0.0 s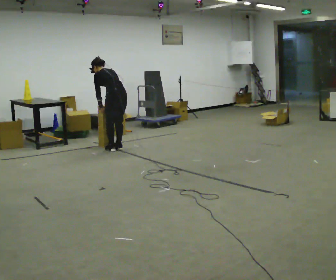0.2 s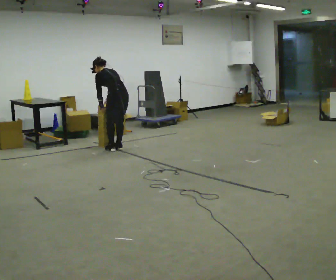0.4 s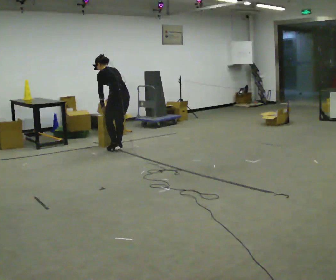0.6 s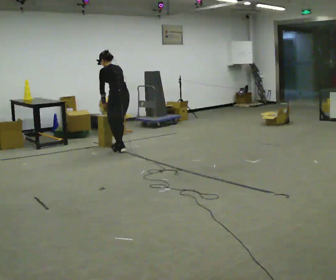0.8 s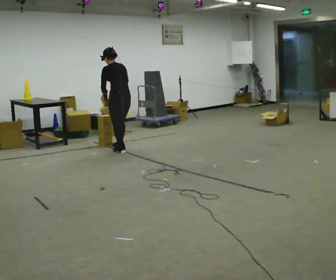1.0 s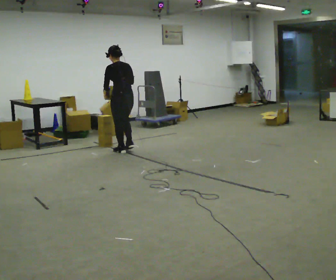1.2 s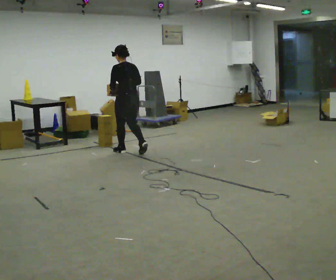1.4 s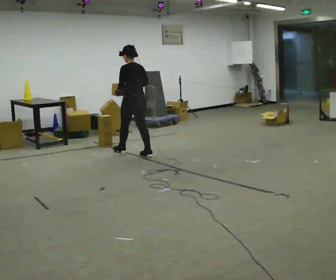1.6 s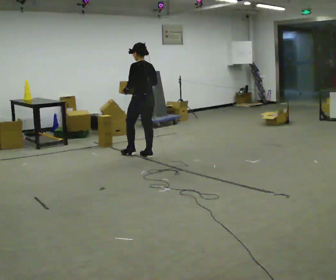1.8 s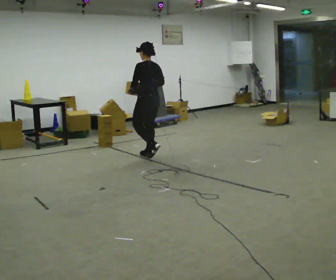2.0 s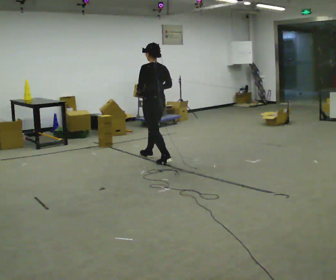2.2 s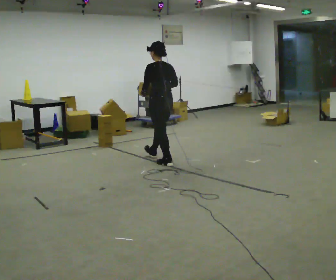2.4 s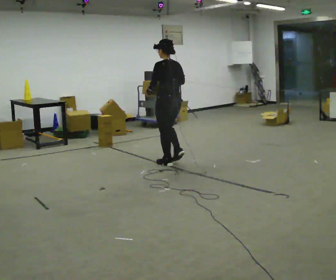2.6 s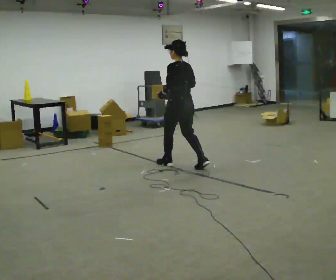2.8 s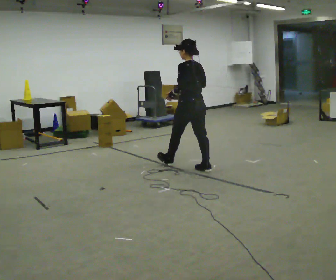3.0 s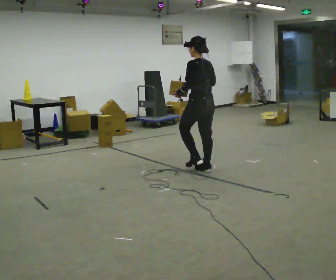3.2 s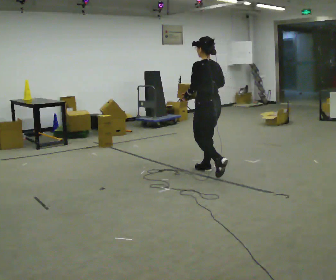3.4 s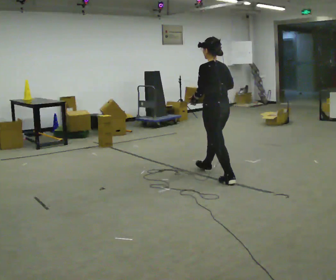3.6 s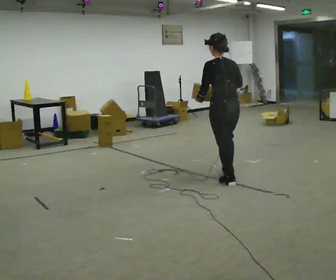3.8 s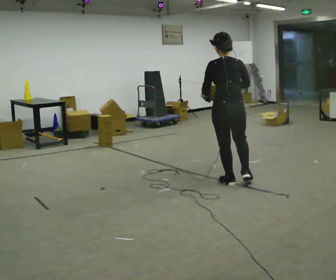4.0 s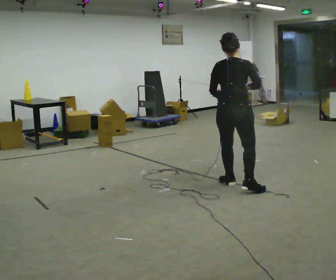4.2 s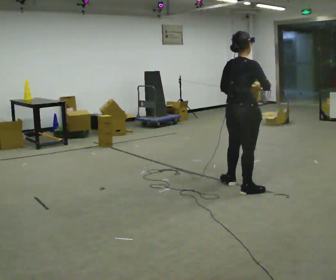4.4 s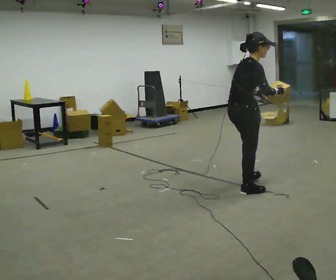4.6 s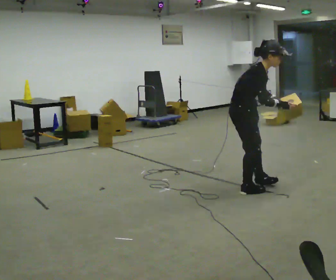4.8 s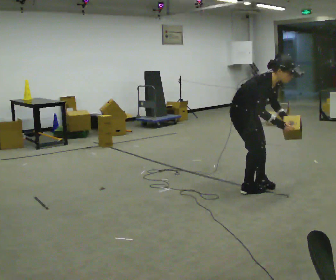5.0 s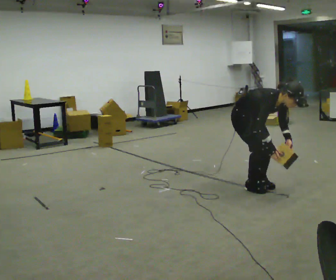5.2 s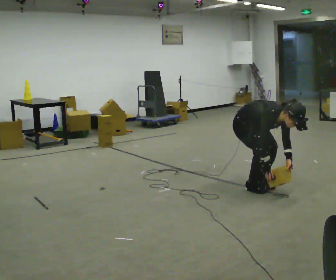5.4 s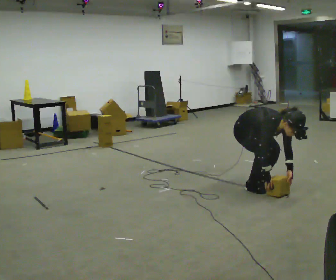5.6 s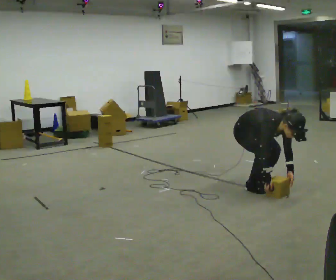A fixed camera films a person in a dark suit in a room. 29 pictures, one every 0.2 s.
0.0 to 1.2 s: In the picture they go toward the camera and to the right, about 0.25 m in 2 steps, which for them is backward. In the picture the upper body tilts clockwise, shoulders to the right, as they lean back or straighten.
1.2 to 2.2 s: In the picture they go toward the camera and to the right, about 0.5 m in 2 steps, which for them is backward.
2.2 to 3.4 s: In the picture they go toward the camera and to the right, about 1 m in 2 steps, which for them is backward.
3.4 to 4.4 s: Seen from above the body turns clockwise, about 120 degrees: to their right, with its near side sliding to the left. In the picture they go toward the camera, about 0.5 m in 1 step. In the picture the upper body tilts clockwise, shoulders to the right.
4.4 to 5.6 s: Seen from above the body turns clockwise, about 60 degrees: to their right, with its near side sliding to the left. In the picture they go away from the camera, about 0.25 m. The shoulders move downward. The upper body tips toward the camera, its near side rolling downward, as they bend forward. In the picture their right hand goes downward, the arm swinging clockwise.
The film runs backward here.
